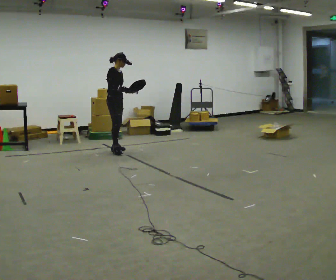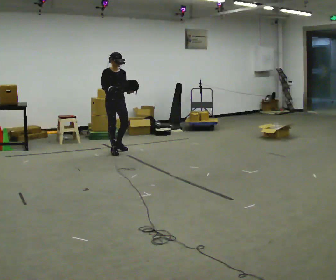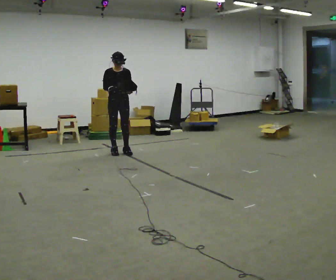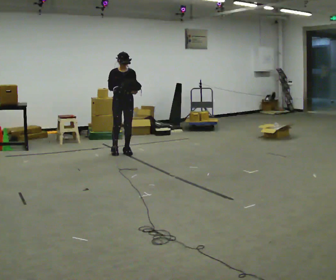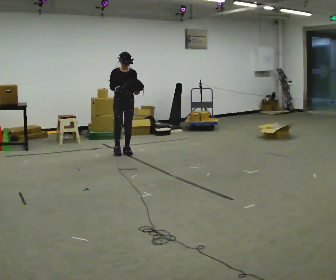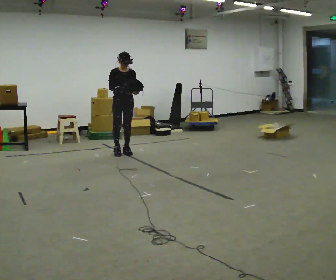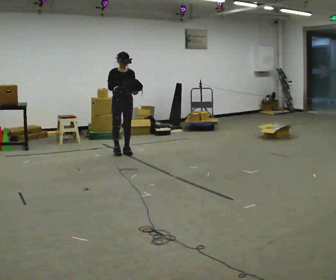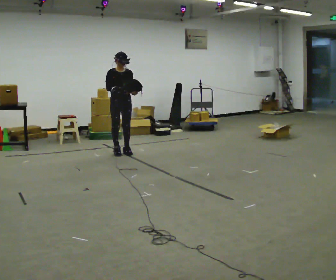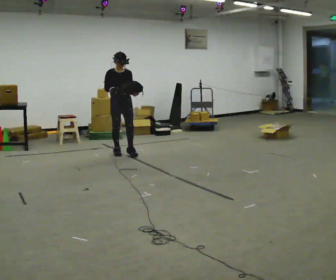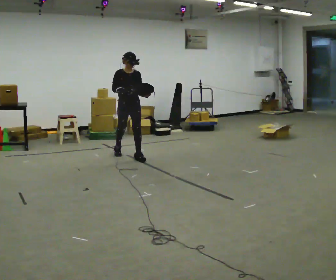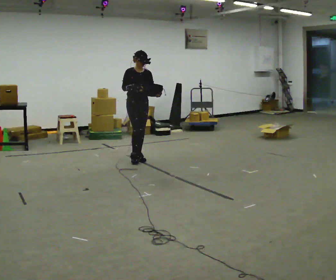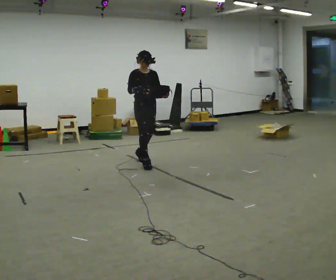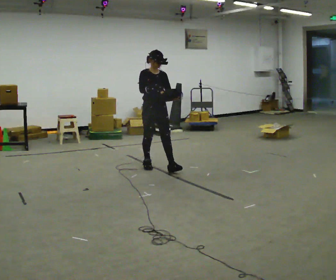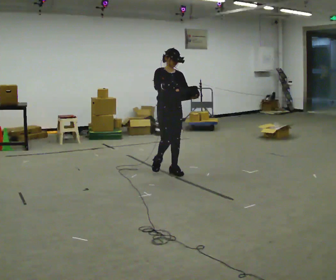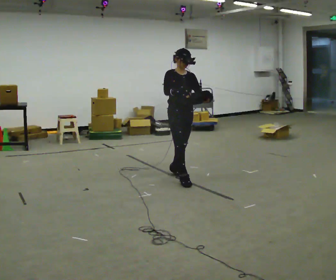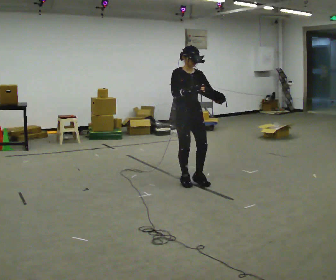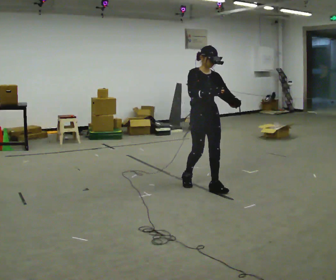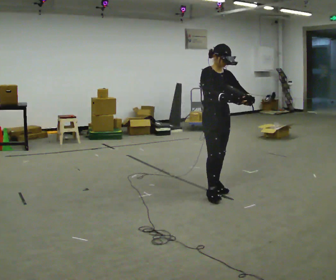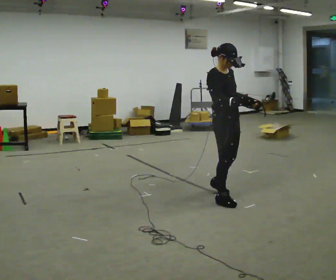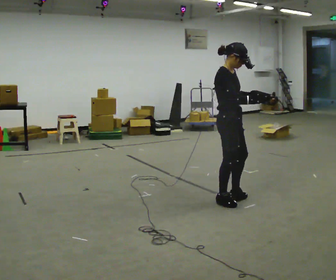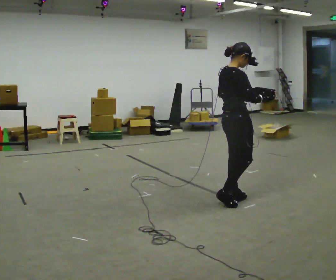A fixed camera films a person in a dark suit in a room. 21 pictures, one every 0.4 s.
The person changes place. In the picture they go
toward the camera.
0.0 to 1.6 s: The person turns about 45 degrees to their right, clockwise seen from above, so the part of the body nearest the lens slides to the left. In the picture they go to the right, about 0.25 m in 1 step, which for them is forward.
1.6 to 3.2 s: The person moves a little, or ends about where they began.
3.2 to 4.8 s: In the picture they go toward the camera and to the right, about 1 m in 2 steps, which for them is forward.
4.8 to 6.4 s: In the picture they go toward the camera and to the right, about 1 m in 3 steps, which for them is forward.
6.4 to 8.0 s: Seen from above the body turns counterclockwise, about 75 degrees: to their left, with its near side sliding to the right. In the picture they go toward the camera and to the right, about 0.5 m in 2 steps.
The film runs forward here.
